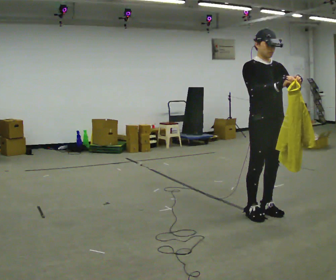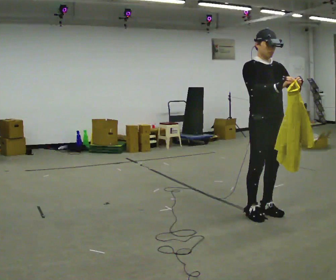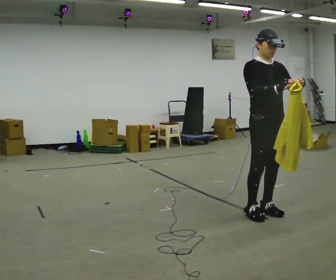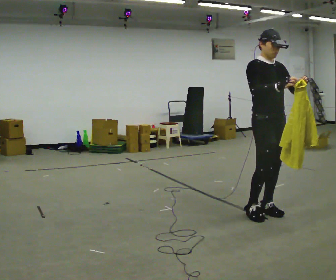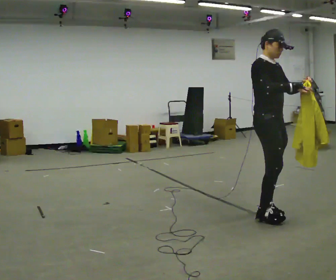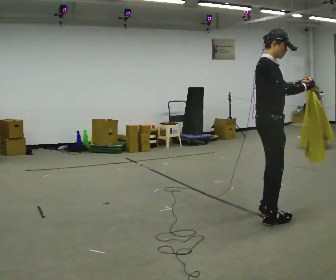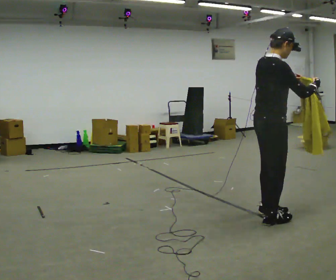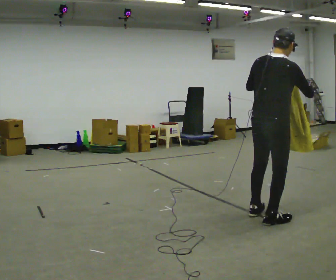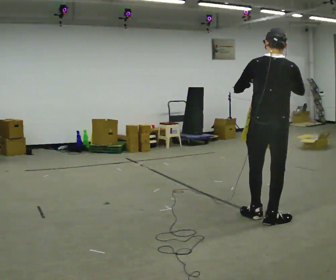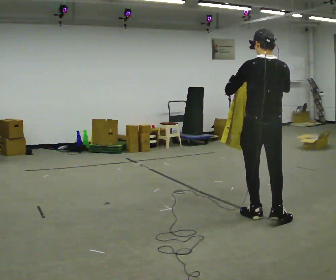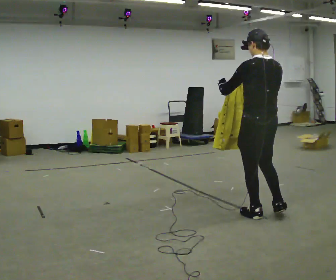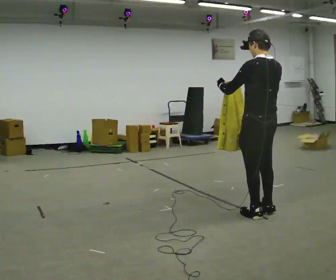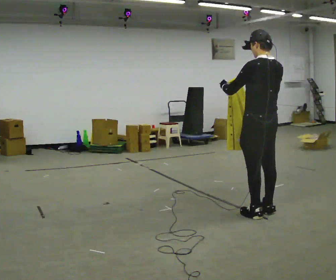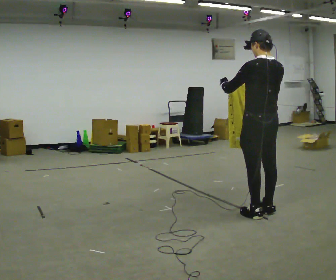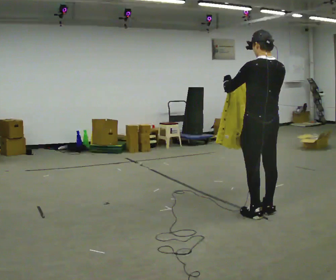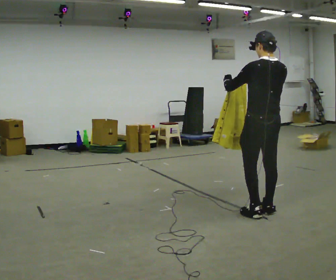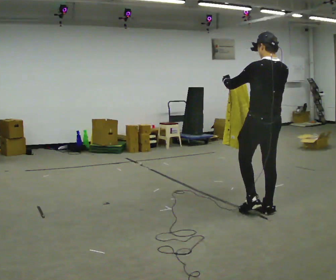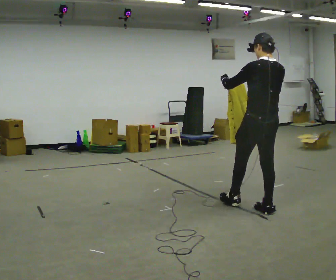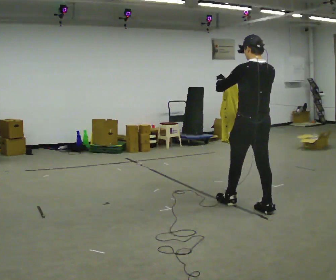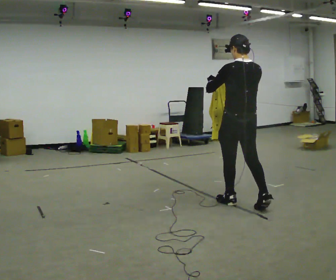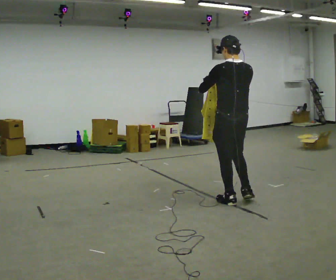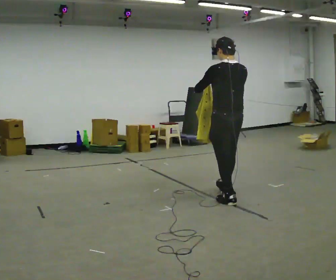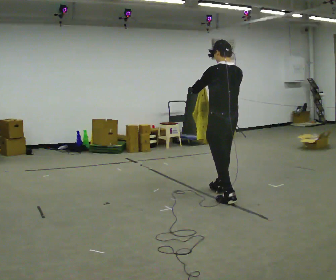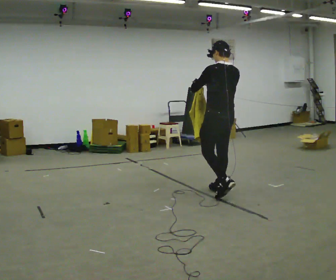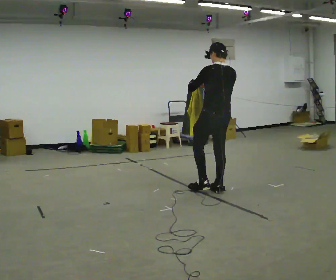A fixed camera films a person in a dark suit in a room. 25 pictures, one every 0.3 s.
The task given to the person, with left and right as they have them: Carry the cloth and, while walking, fold it in half, then unfold it. Keep repeating as you walk. Do not stop.
0.0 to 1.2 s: Seen from above the body turns counterclockwise, about 30 degrees: to their left, with its near side sliding to the right.
1.2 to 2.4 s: Seen from above the body turns counterclockwise, about 120 degrees: to their left, with its near side sliding to the right. In the picture they go toward the camera, about 0.25 m in 2 steps. In the picture their left hand goes to the left.
2.4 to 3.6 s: The part of the body nearest the lens slides to the right as the person turns to their left by about 45 degrees. In the picture they go away from the camera, about 0.25 m in 1 step, which for them is forward. In the picture their right hand goes to the left.
3.6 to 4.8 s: The person moves a little, or ends about where they began.
4.8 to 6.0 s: In the picture they go to the left and away from the camera, about 0.5 m in 1 step, which for them is forward.
6.0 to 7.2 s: In the picture they go away from the camera and to the left, about 0.5 m in 1 step, which for them is forward.
The film runs forward here.
